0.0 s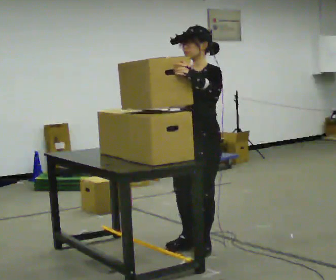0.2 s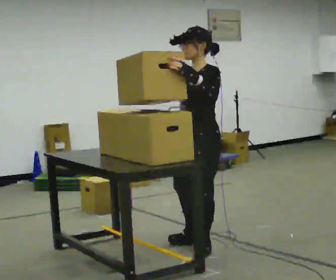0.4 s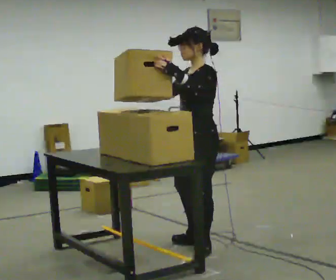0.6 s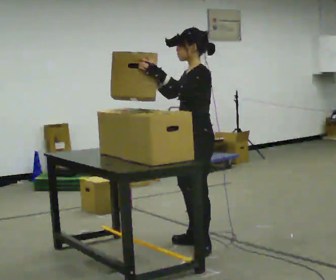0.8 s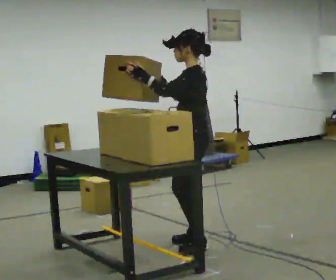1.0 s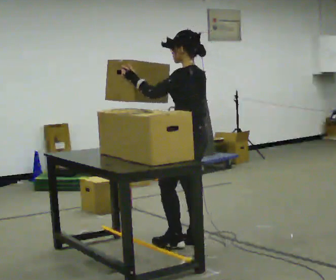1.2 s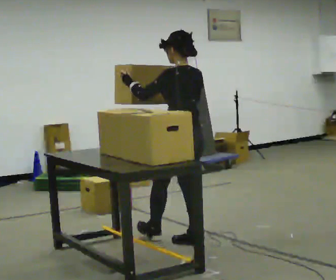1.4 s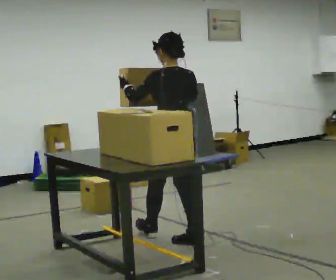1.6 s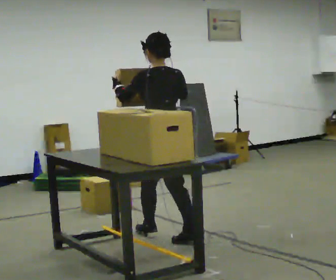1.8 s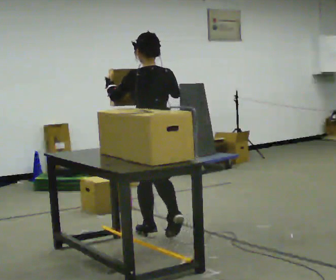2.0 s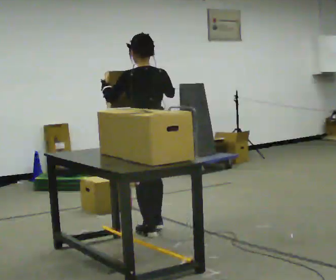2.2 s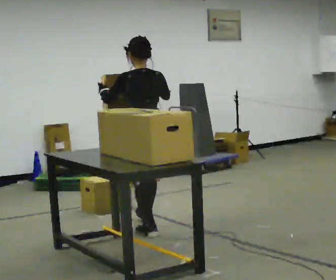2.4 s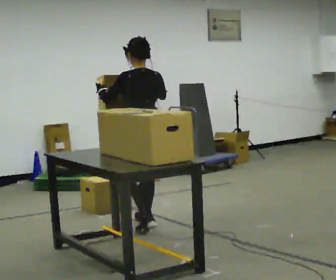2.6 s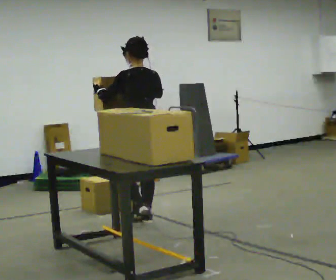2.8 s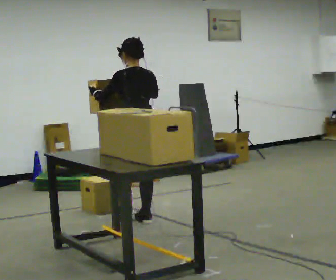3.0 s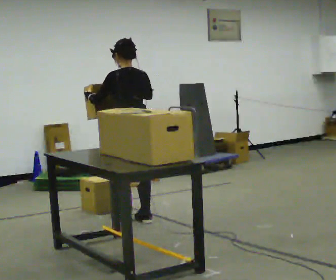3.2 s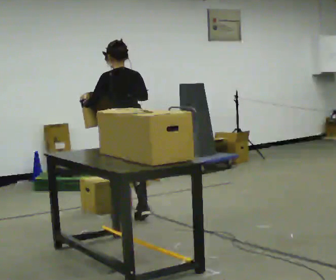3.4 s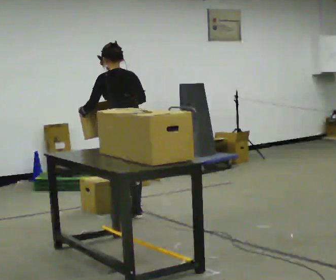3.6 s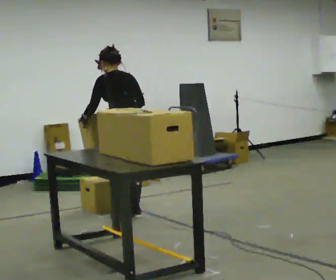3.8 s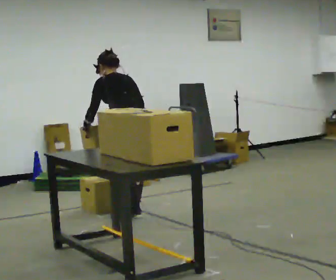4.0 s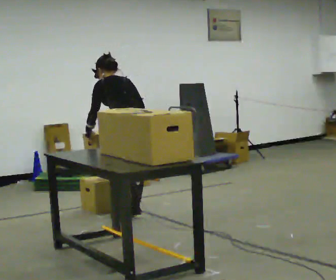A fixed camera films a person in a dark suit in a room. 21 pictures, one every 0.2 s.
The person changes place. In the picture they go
away from the camera.
The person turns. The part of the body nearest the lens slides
to the left.
0.0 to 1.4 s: Seen from above the body turns clockwise, about 105 degrees: to their right, with its near side sliding to the left. In the picture they go away from the camera and to the left, about 0.25 m in 1 step.
1.4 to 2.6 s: In the picture they go away from the camera, about 0.75 m in 1 step, which for them is forward.
2.6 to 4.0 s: In the picture they go away from the camera, about 0.25 m in 2 steps, which for them is forward. The upper body tips away from the camera, its near side rolling upward, as they bend forward. In the picture their left hand goes downward.
The film runs forward here.
